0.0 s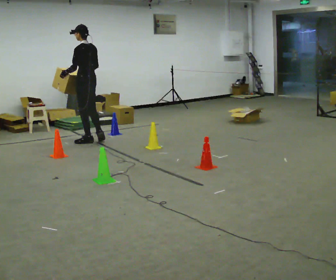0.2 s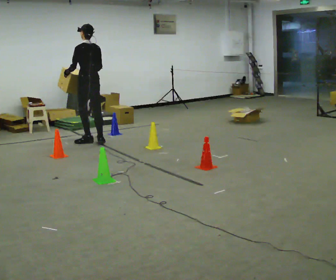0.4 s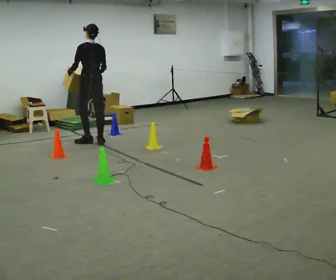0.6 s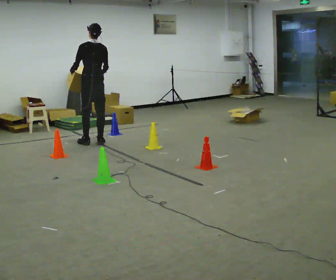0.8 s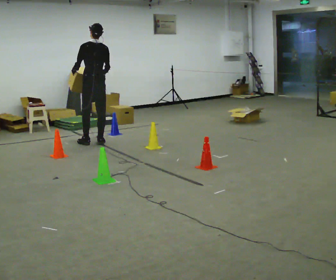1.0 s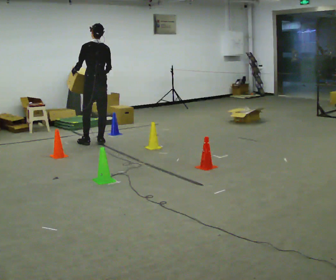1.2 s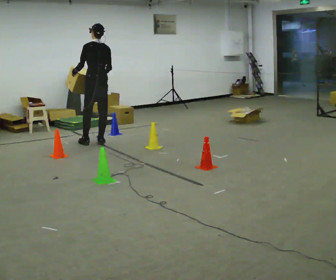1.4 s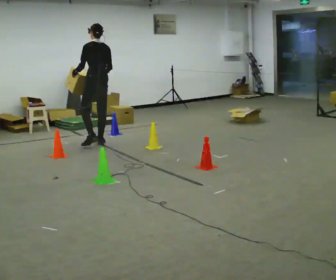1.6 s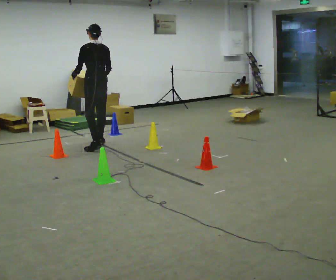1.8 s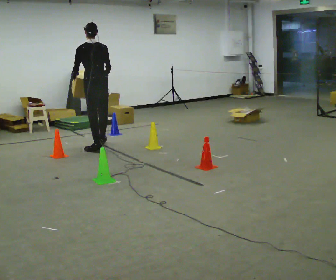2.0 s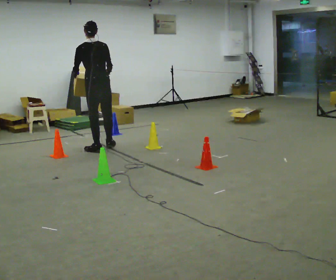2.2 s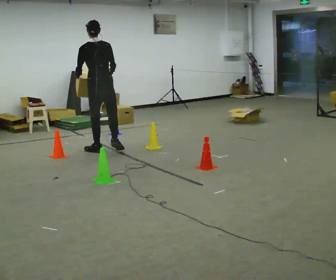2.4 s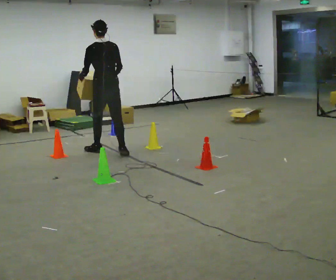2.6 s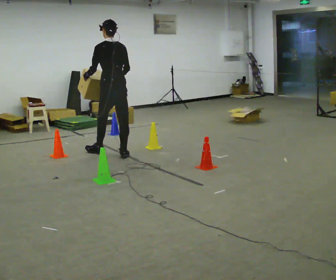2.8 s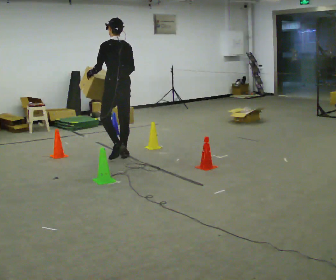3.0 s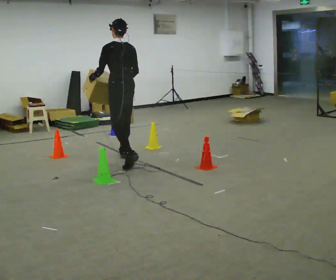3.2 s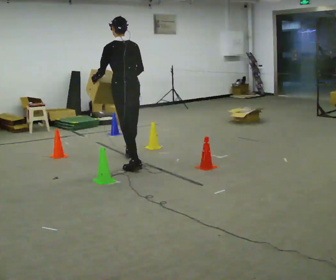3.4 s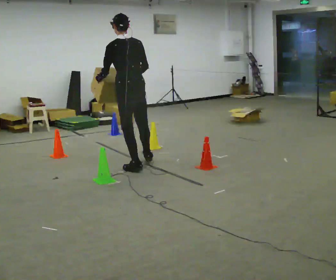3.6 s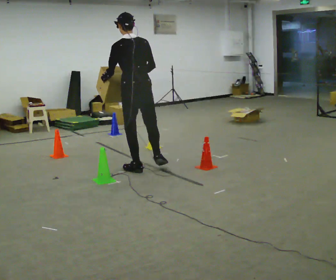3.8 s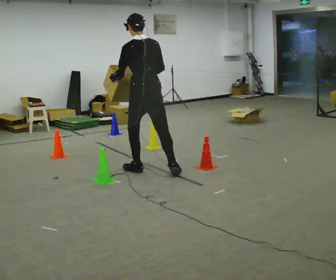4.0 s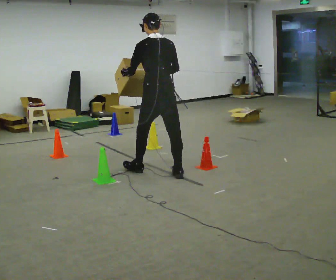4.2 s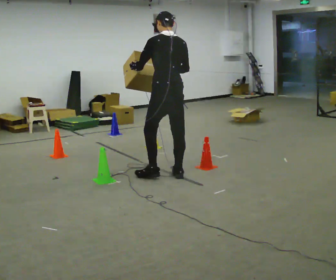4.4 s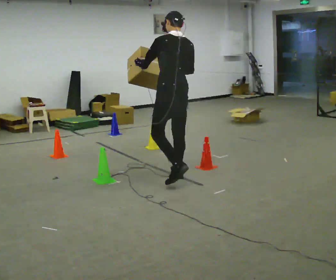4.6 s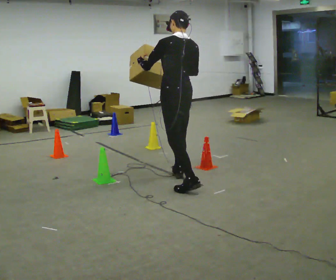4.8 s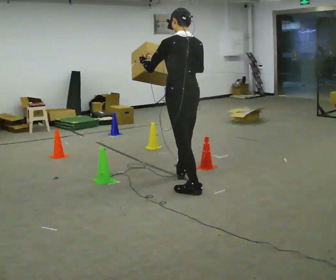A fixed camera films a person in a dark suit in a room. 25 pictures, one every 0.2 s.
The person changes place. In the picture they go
toward the camera.
0.0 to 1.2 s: In the picture they go toward the camera, about 0.25 m, which for them is backward.
1.2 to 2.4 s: In the picture they go toward the camera, about 0.5 m in 2 steps, which for them is backward.
2.4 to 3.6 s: In the picture they go toward the camera and to the right, about 1 m in 2 steps, which for them is backward.
3.6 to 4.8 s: In the picture they go toward the camera and to the right, about 1 m in 2 steps, which for them is backward.
The film runs backward here.
